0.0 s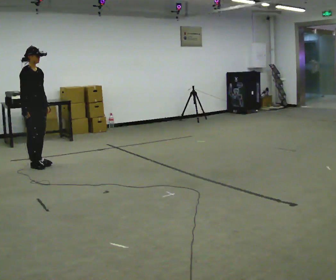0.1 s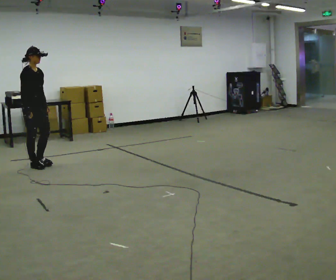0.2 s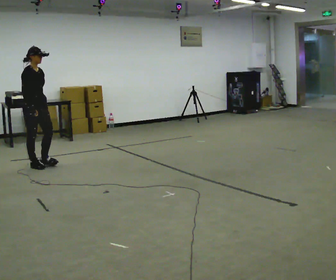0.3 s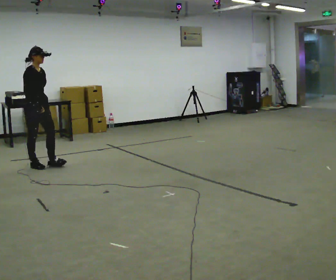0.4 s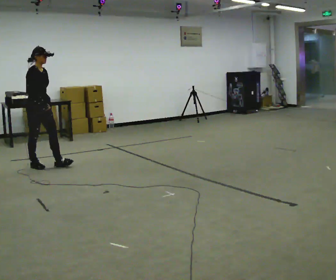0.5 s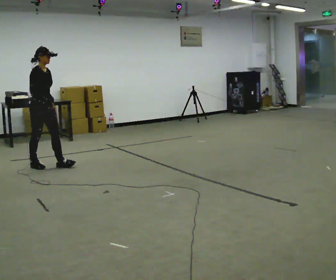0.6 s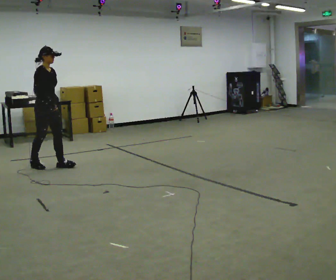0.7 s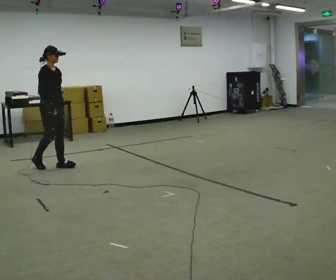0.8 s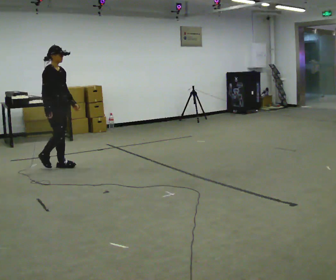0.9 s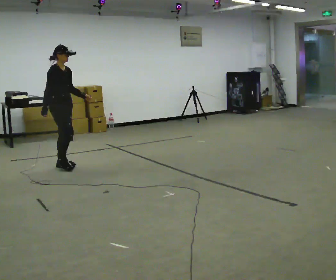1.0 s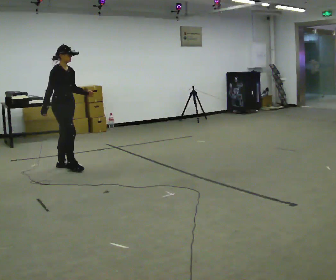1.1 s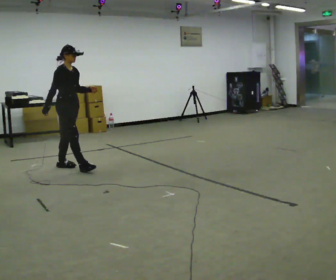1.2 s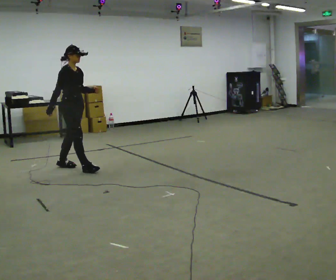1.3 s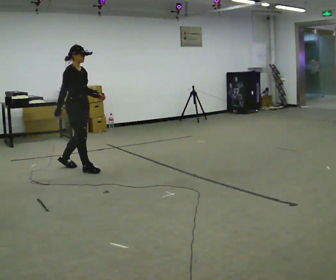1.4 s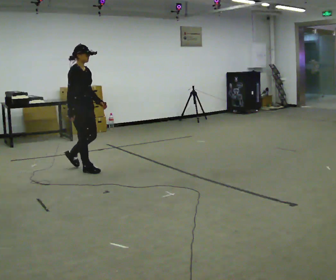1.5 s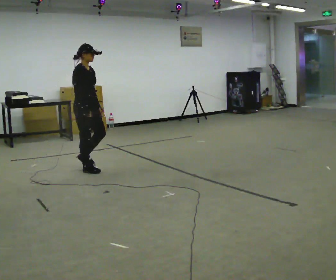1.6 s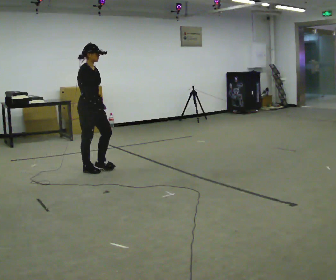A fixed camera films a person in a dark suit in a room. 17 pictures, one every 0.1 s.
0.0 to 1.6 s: In the picture they go to the right and toward the camera, about 1 m in 2 steps, which for them is forward.
The film runs forward here.
